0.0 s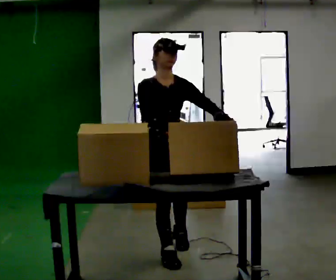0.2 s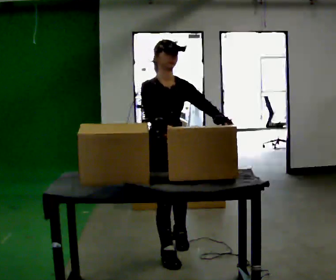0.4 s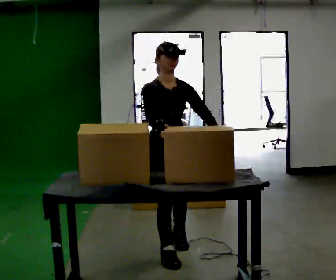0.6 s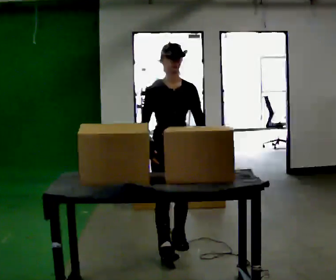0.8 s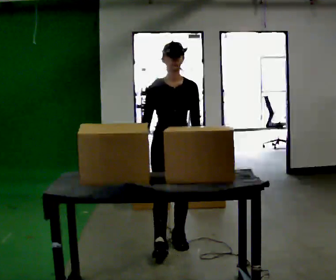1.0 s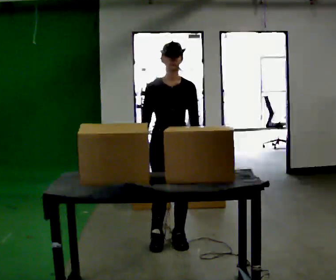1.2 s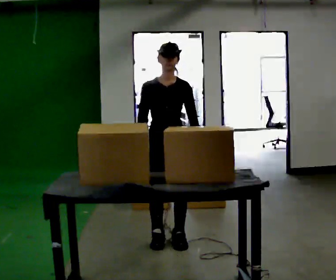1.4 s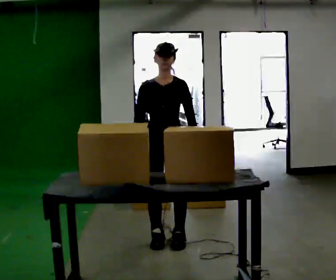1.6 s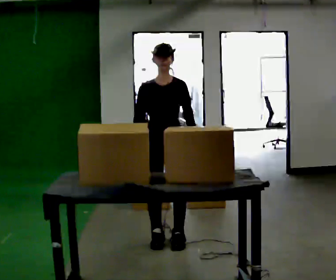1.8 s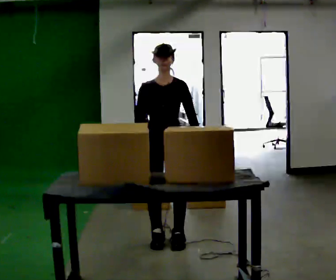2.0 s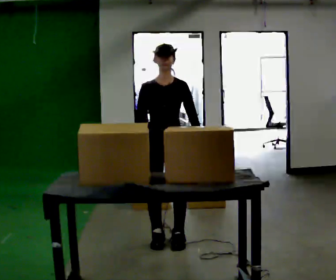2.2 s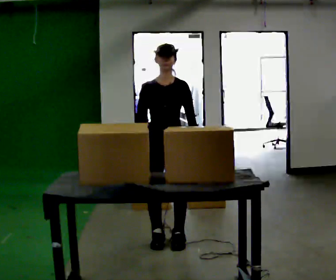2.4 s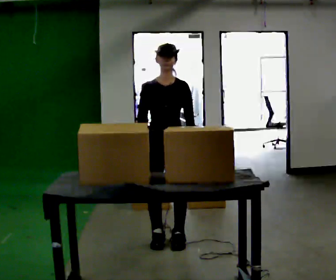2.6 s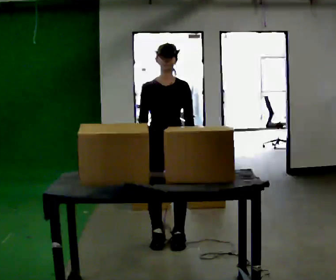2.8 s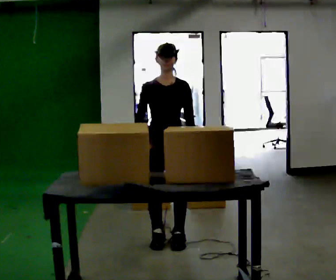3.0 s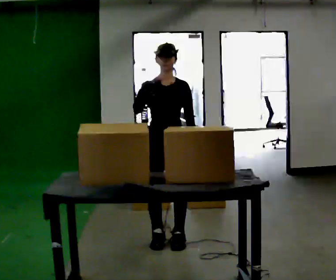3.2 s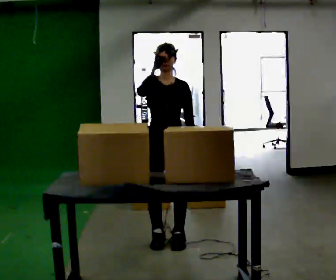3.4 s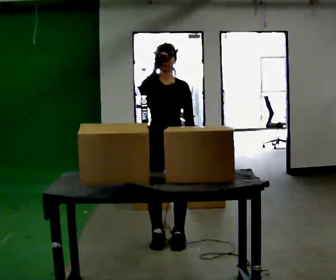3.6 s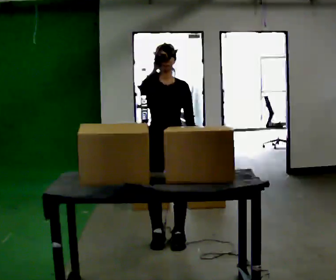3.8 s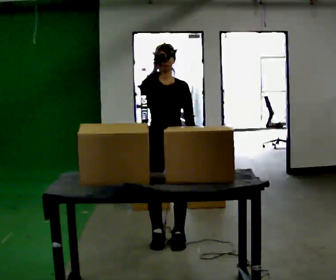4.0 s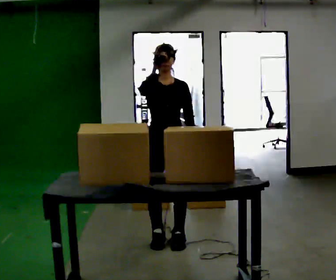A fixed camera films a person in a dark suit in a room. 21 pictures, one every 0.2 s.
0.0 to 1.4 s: The person turns about 30 degrees to their right, clockwise seen from above, so the part of the body nearest the lens slides to the left. In the picture they go away from the camera, about 0.25 m in 1 step, which for them is backward.
1.4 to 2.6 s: The person moves a little, or ends about where they began.
2.6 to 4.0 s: In the picture their right hand goes upward.
The film runs forward here.
